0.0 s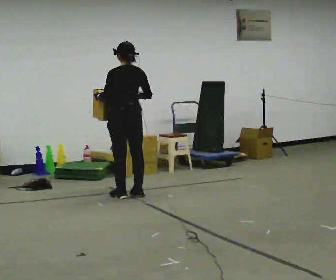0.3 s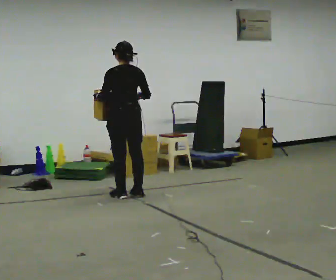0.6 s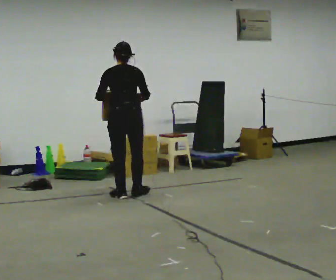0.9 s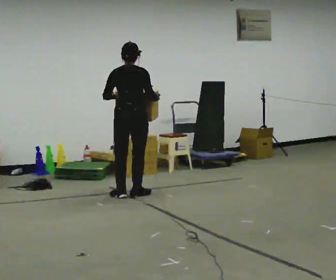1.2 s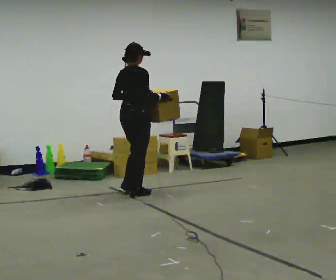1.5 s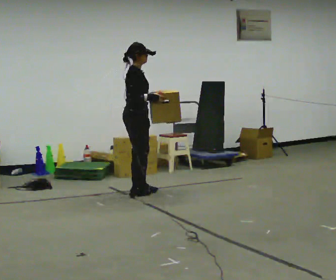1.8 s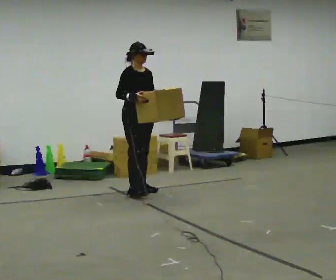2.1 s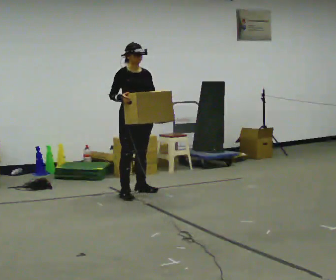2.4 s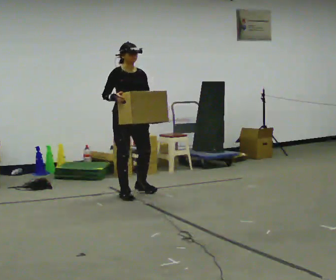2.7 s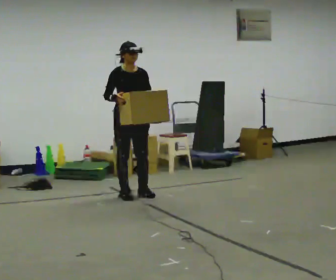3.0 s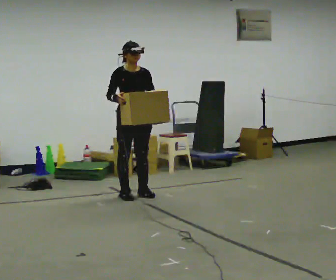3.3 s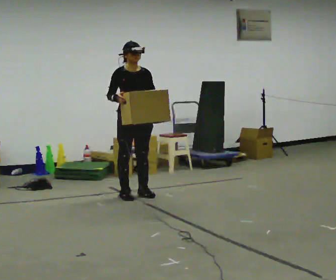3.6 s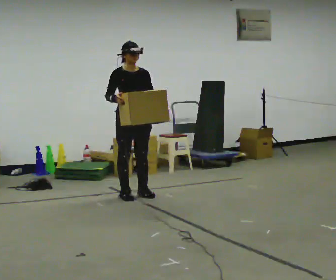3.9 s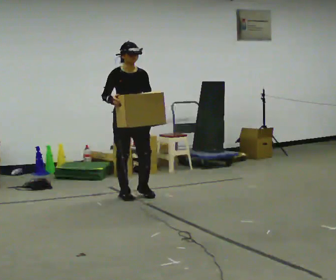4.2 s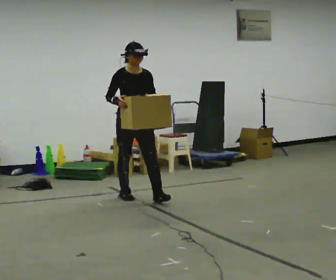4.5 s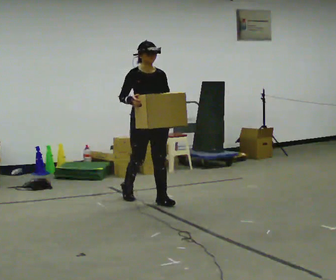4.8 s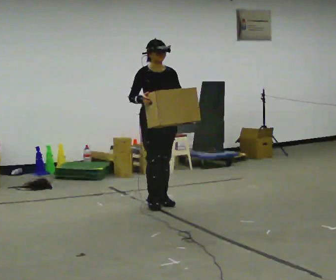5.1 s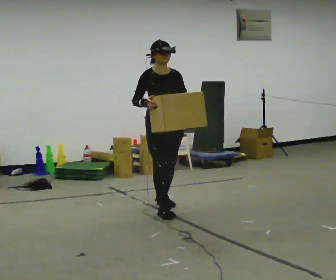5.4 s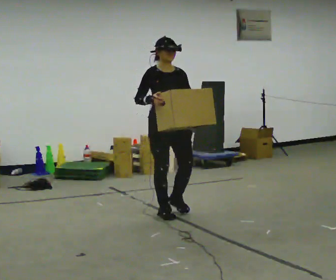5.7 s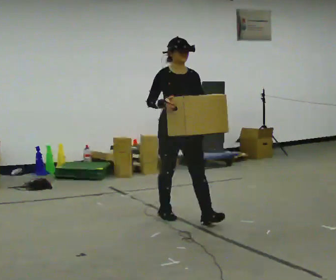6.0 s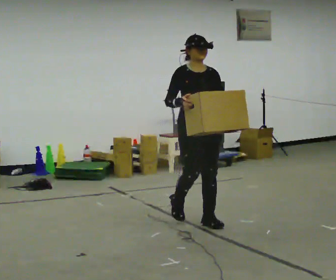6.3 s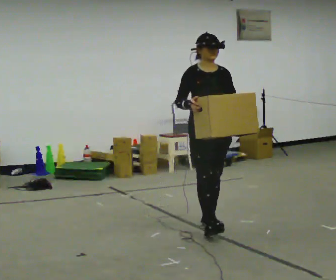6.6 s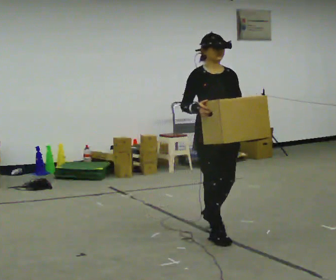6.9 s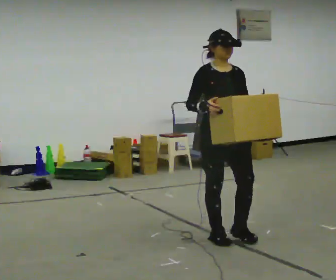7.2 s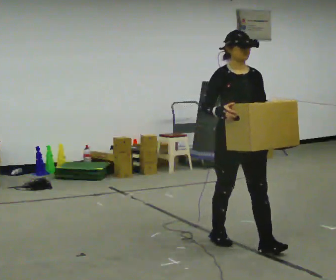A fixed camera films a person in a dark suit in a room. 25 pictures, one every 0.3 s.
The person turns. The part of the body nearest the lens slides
to the left.
The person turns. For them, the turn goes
to their right.
0.0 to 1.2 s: Seen from above the body turns clockwise, about 75 degrees: to their right, with its near side sliding to the left.
1.2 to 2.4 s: The person turns about 90 degrees to their right, clockwise seen from above, so the part of the body nearest the lens slides to the left.
2.4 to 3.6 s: The person moves a little, or ends about where they began.
3.6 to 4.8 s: In the picture they go toward the camera and to the right, about 0.5 m in 1 step, which for them is forward.
4.8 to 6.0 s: In the picture they go toward the camera and to the right, about 1 m in 2 steps, which for them is forward.
6.0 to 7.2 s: In the picture they go toward the camera, about 1 m in 2 steps, which for them is forward.
The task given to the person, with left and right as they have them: Carry the heaviest box in both hands in front of you, walking back and forth across the room. Only carry what is comfortable. Set it down whenever you need to.
The film runs forward here.
